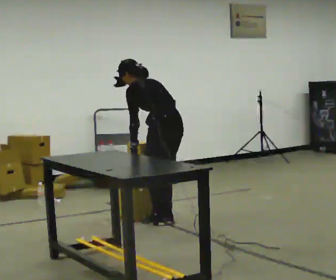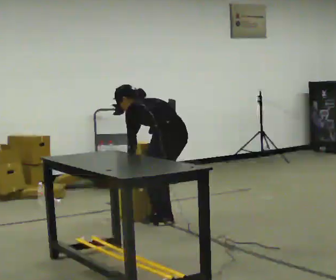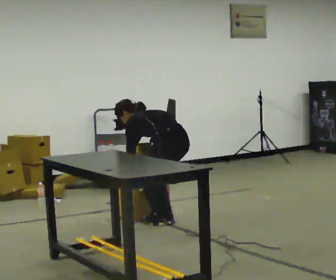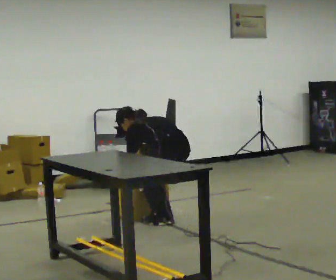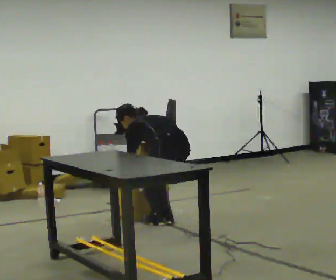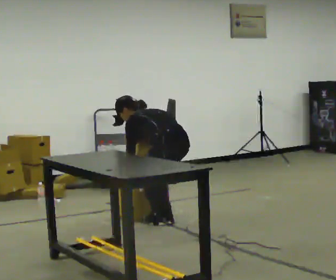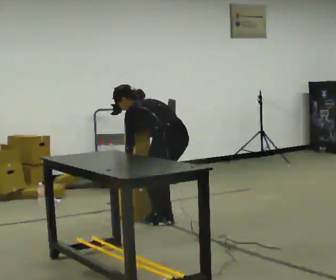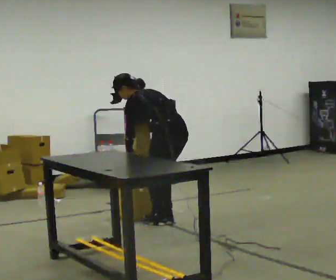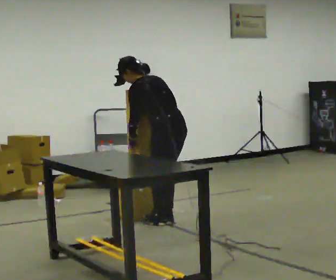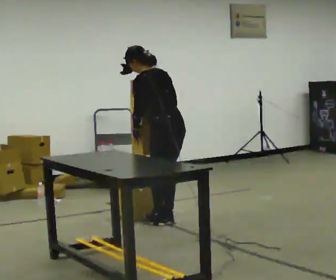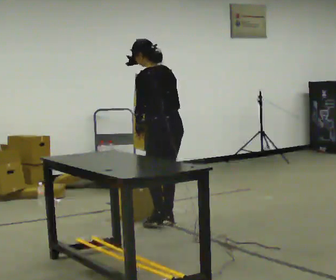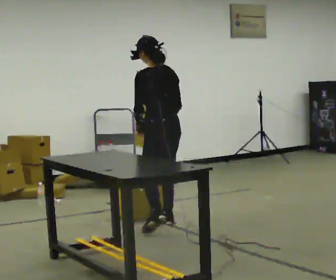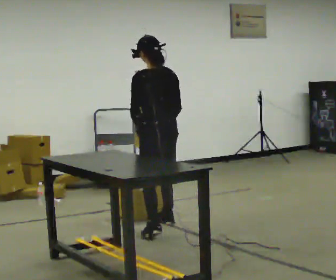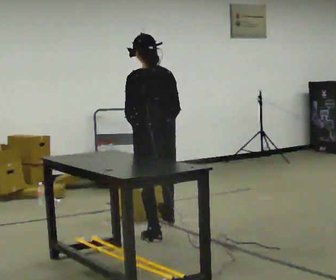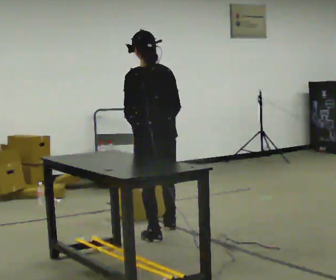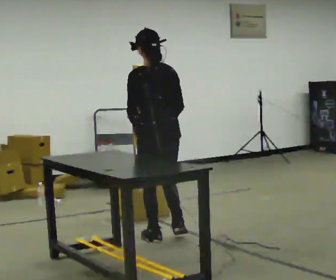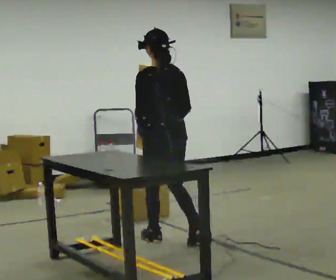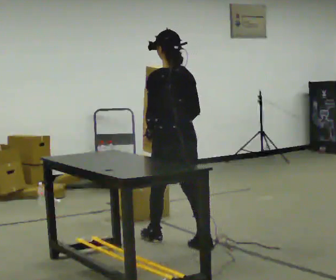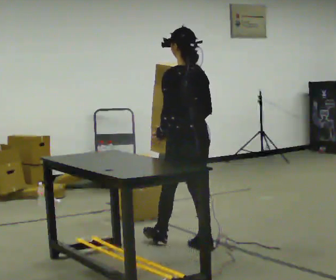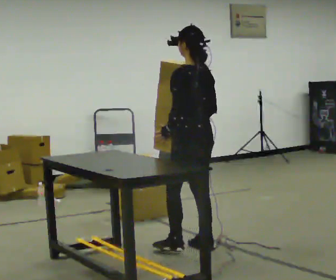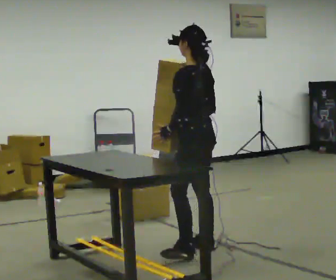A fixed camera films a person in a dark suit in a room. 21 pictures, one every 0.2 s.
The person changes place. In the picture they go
toward the camera.
0.0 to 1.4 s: The person moves a little, or ends about where they began.
1.4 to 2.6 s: In the picture they go toward the camera, about 0.25 m in 2 steps, which for them is to their left and backward. The shoulders move upward. The upper body tips toward the camera, its near side rolling downward, as they lean back or straighten.
2.6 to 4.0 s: The part of the body nearest the lens slides to the right as the person turns to their left by about 30 degrees. In the picture they go toward the camera and to the right, about 0.5 m in 1 step, which for them is backward.
The film runs backward here.
